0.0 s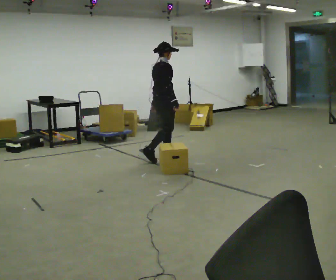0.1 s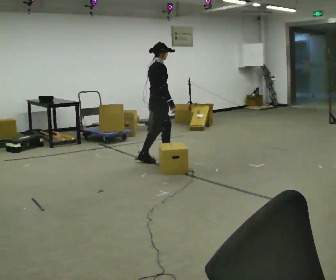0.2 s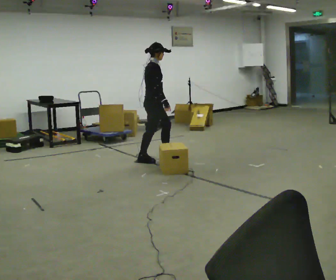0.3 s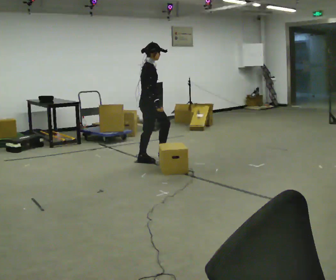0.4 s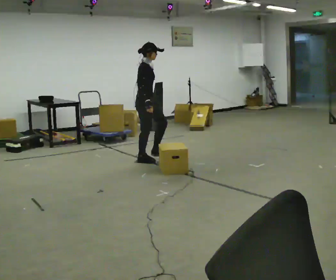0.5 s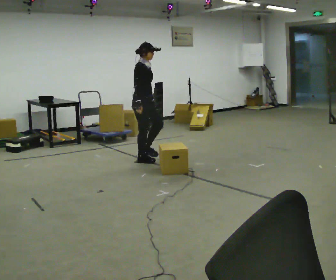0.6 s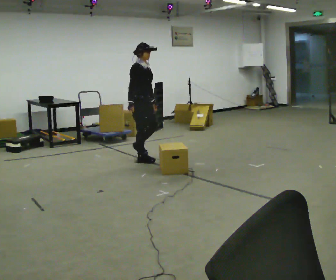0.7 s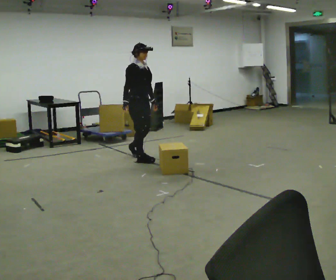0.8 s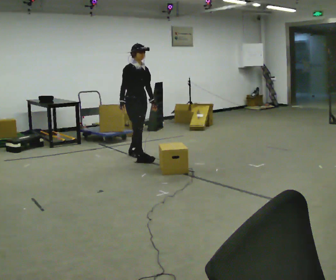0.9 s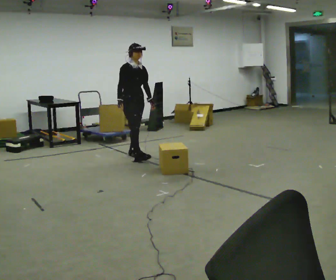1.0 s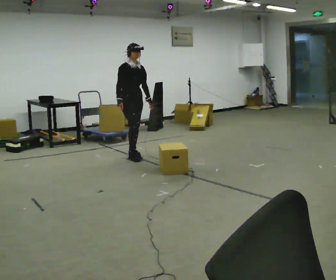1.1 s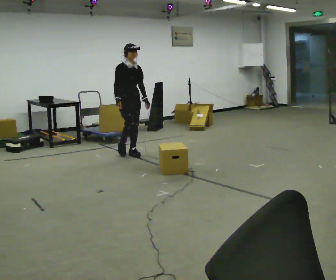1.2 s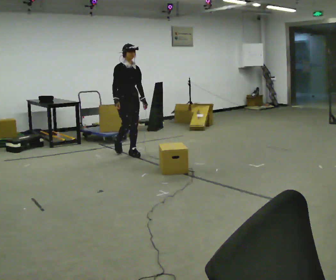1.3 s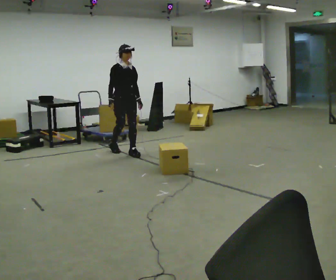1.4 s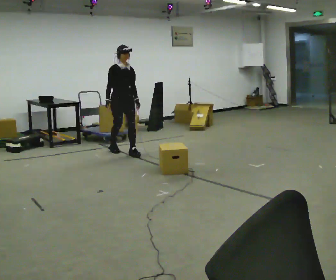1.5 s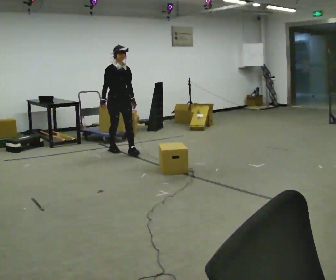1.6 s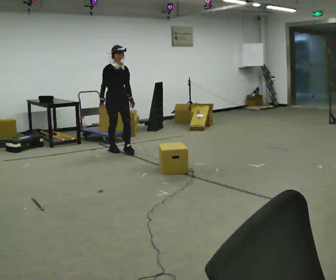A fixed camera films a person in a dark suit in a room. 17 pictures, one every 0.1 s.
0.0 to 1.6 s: Seen from above the body turns clockwise, about 75 degrees: to their right, with its near side sliding to the left. In the picture they go to the left and away from the camera, about 1 m in 3 steps.
The film runs backward here.
